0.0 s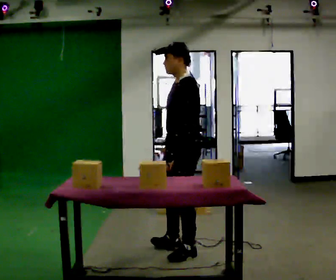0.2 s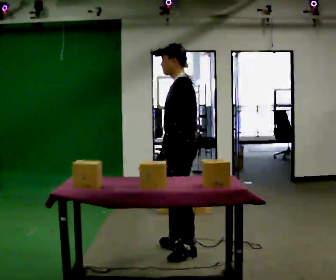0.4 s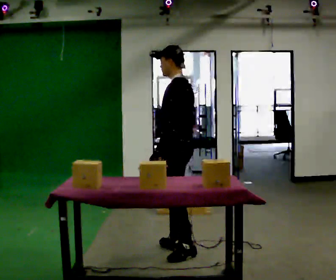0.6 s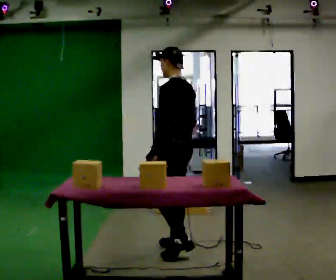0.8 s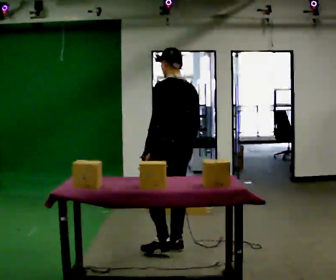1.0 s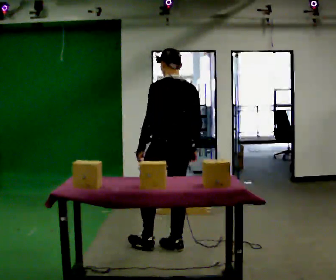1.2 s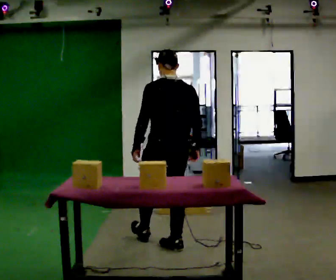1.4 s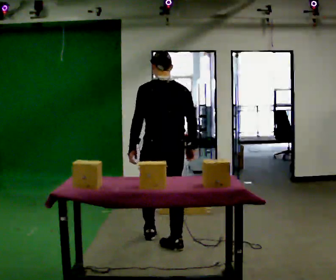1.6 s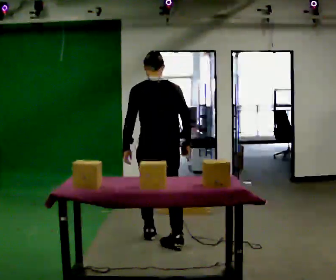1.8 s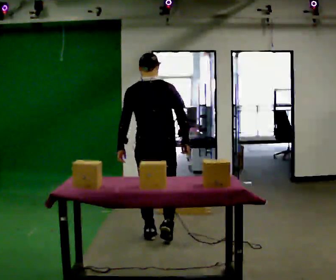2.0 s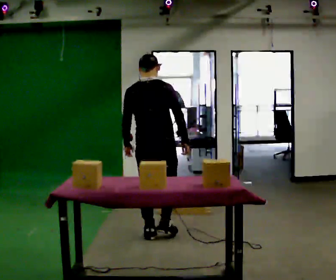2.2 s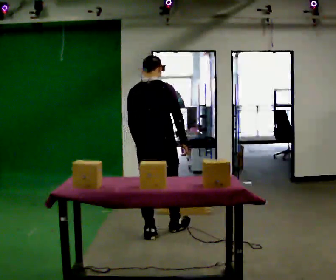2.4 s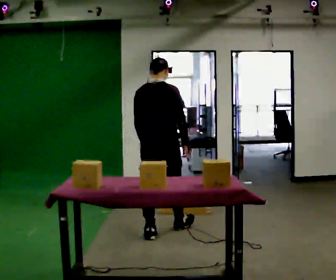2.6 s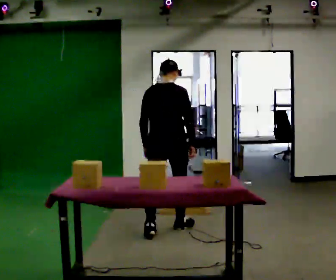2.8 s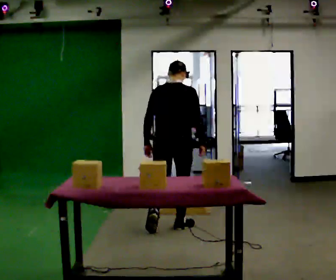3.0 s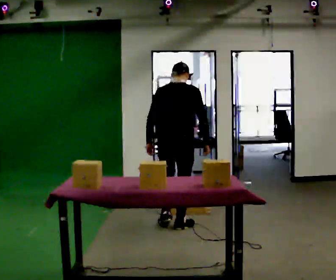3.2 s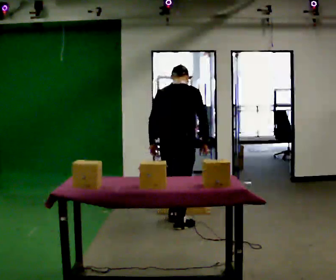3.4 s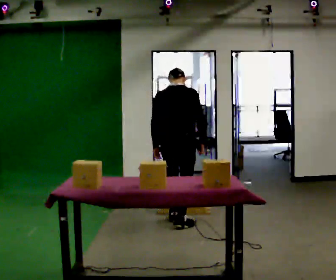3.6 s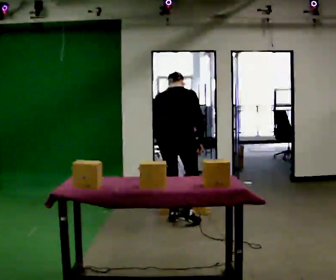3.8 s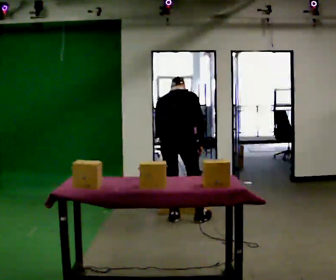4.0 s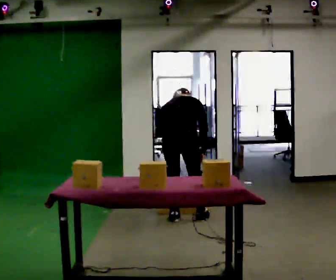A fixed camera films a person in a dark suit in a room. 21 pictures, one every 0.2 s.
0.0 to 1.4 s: The person turns about 90 degrees to their right, clockwise seen from above, so the part of the body nearest the lens slides to the left. In the picture they go away from the camera and to the left, about 0.25 m in 1 step.
1.4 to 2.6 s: The part of the body nearest the lens slides to the left as the person turns to their right by about 30 degrees. In the picture they go away from the camera, about 0.5 m in 1 step, which for them is forward.
2.6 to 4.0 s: In the picture they go away from the camera, about 0.5 m in 2 steps, which for them is forward. The upper body tips away from the camera, its near side rolling upward, as they bend forward.
The film runs forward here.
